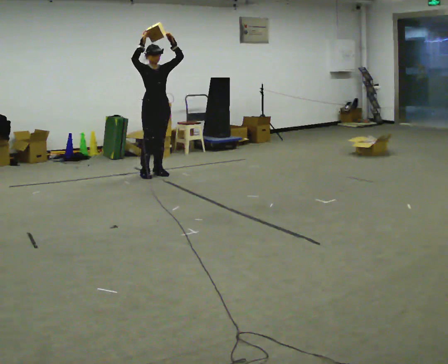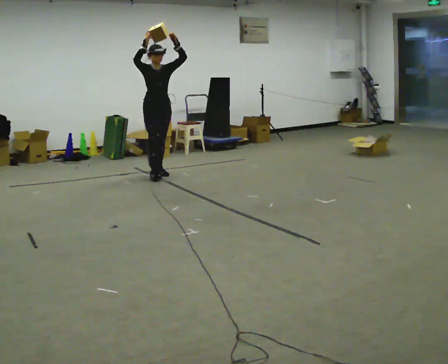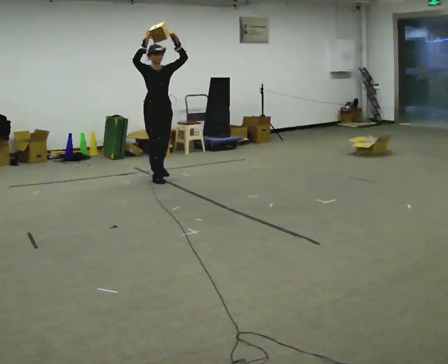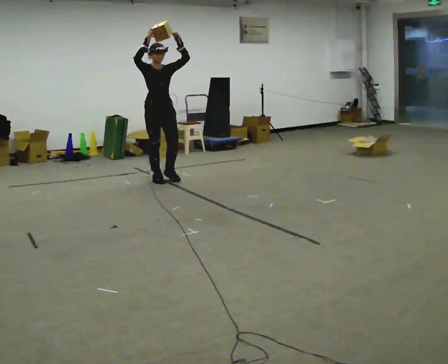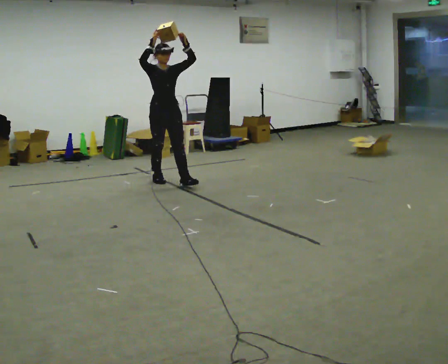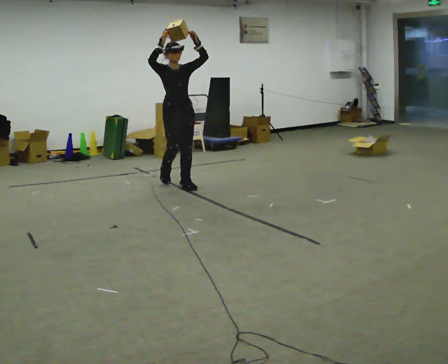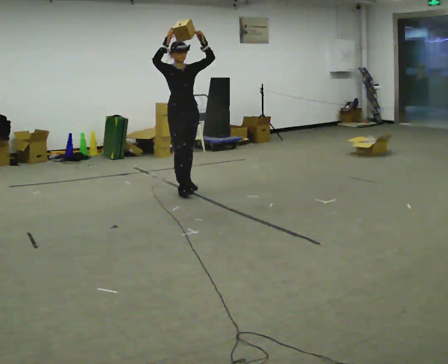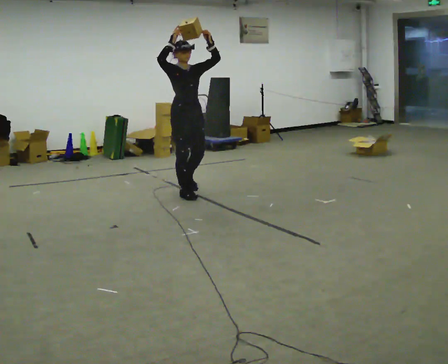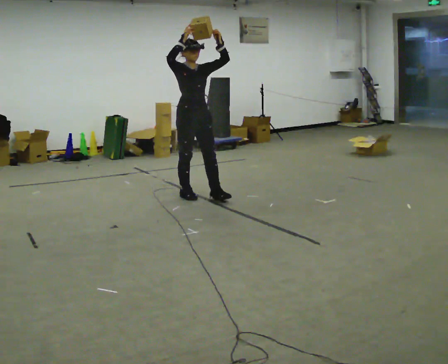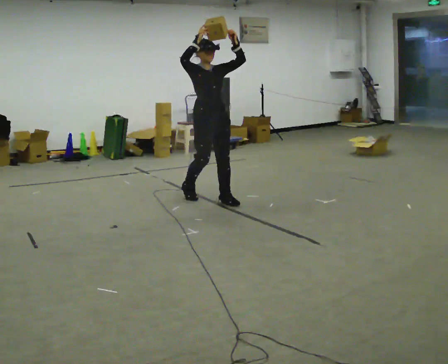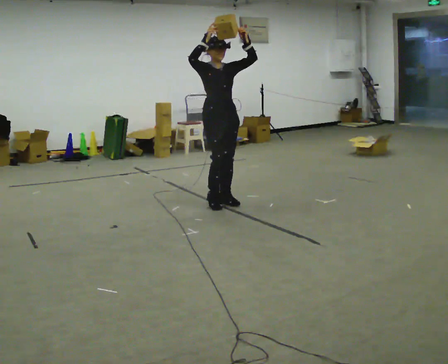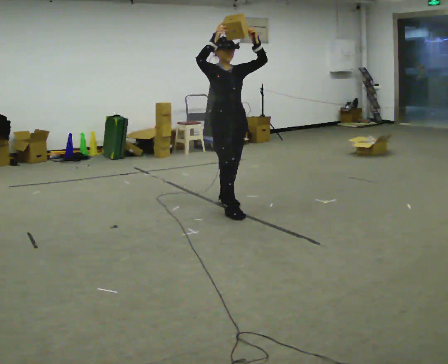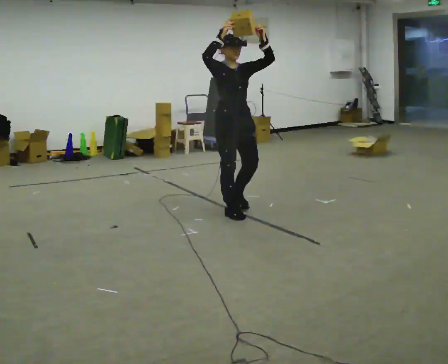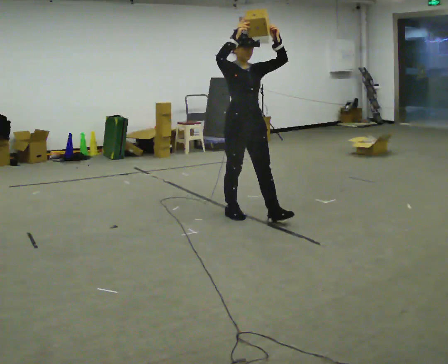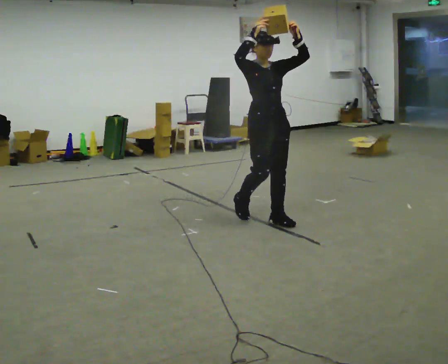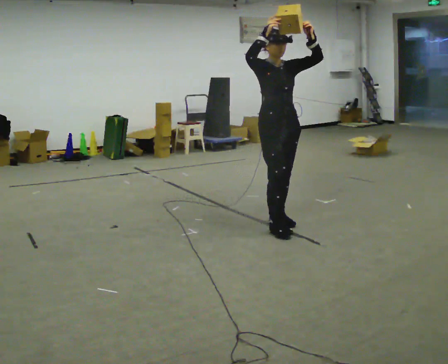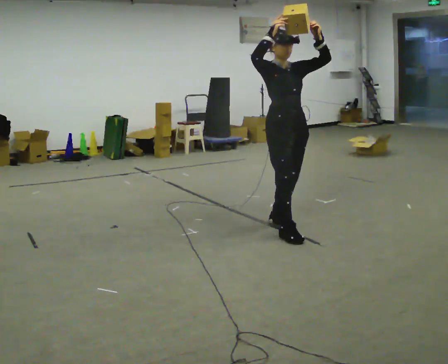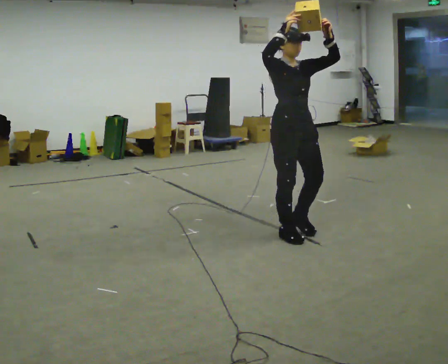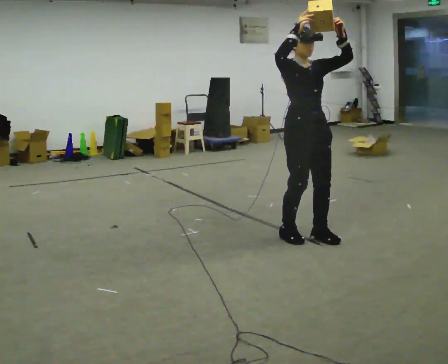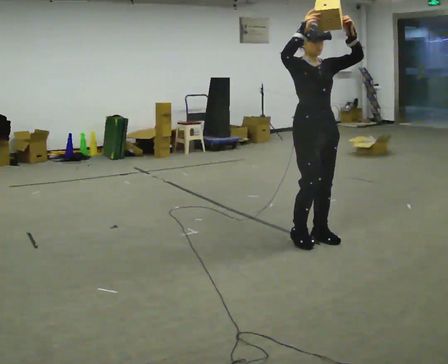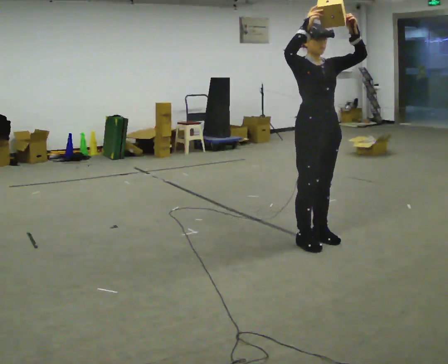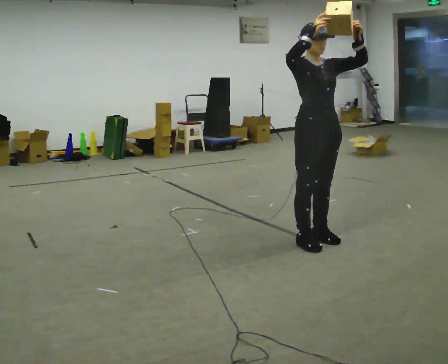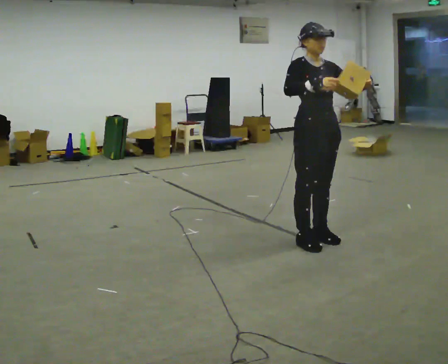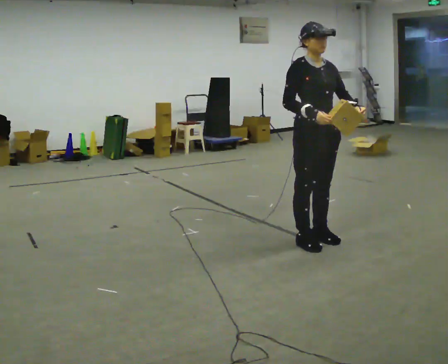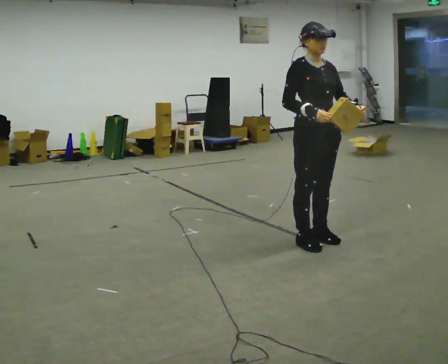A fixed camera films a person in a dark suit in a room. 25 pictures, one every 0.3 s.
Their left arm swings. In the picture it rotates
clockwise.
0.0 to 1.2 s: In the picture they go toward the camera and to the right, about 0.5 m in 2 steps, which for them is forward.
1.2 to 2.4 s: In the picture they go toward the camera and to the right, about 0.5 m in 1 step, which for them is forward.
2.4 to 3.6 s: In the picture they go toward the camera and to the right, about 0.5 m in 2 steps, which for them is forward.
3.6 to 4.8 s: In the picture they go toward the camera and to the right, about 0.75 m in 2 steps, which for them is forward.
4.8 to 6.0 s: In the picture they go toward the camera and to the right, about 0.25 m in 2 steps, which for them is forward.
6.0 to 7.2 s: In the picture their right hand goes downward.
The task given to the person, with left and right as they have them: Carry the object held up above your head, walking back and forth across the room.
The film runs forward here.
